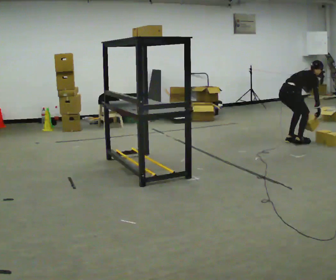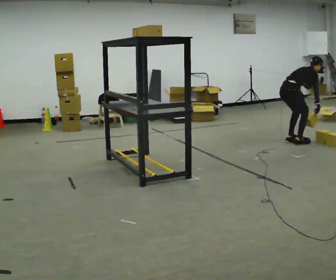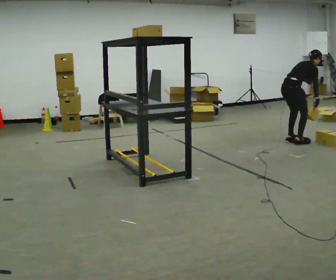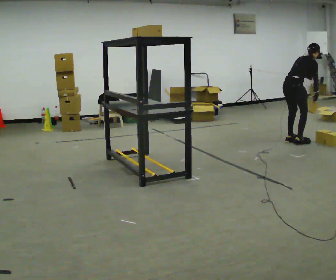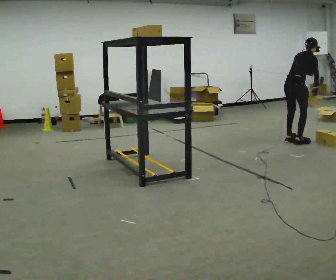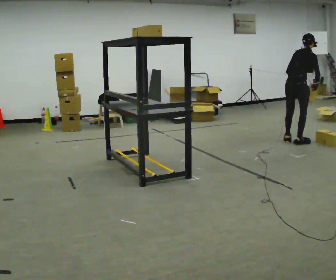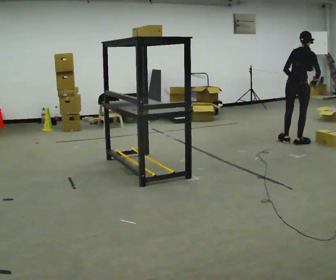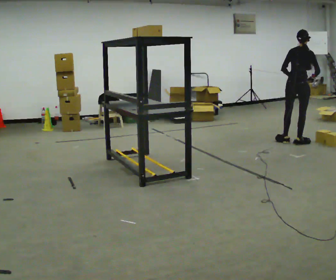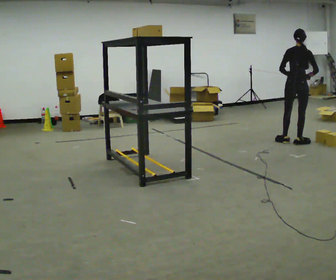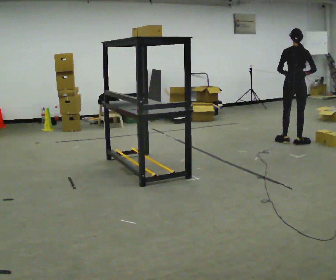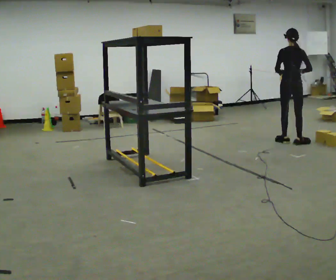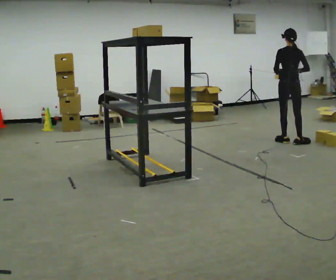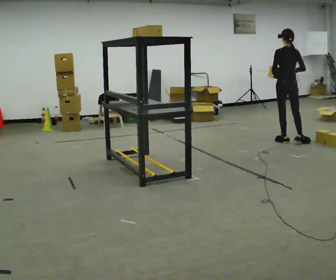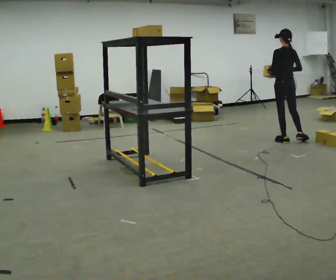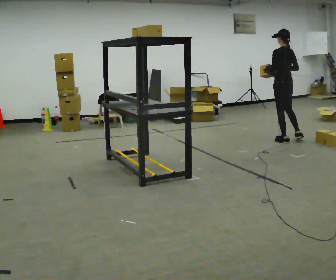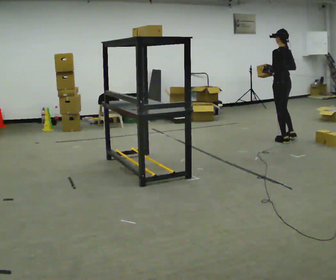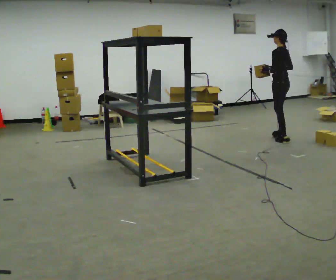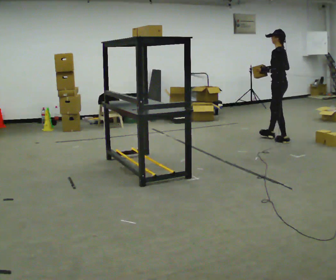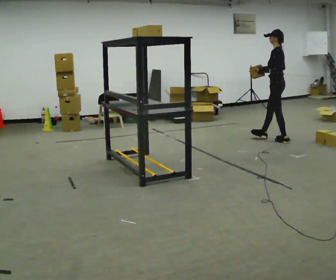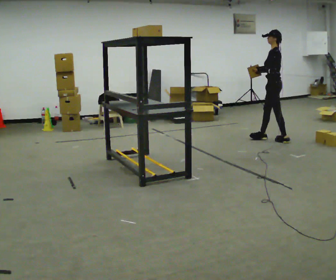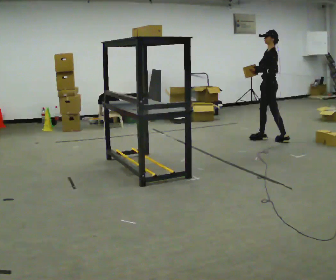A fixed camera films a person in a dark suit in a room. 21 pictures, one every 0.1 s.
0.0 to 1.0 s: Seen from above the body turns counterclockwise, about 60 degrees: to their left, with its near side sliding to the right. The upper body goes upward. In the picture the upper body tilts counterclockwise, shoulders to the left, as they lean back or straighten. In the picture their right hand goes upward and to the left.
1.0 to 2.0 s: Seen from above the body turns counterclockwise, about 90 degrees: to their left, with its near side sliding to the right. In the picture they go to the left and away from the camera, about 0.25 m in 1 step.
The film runs forward here.
